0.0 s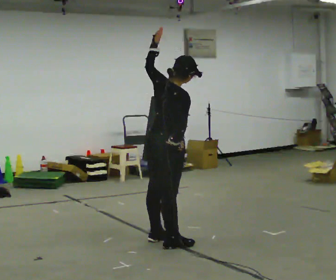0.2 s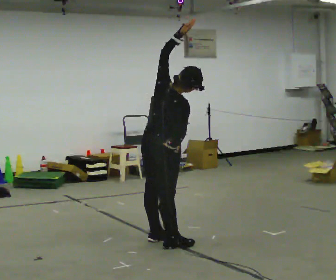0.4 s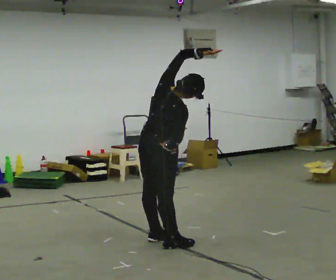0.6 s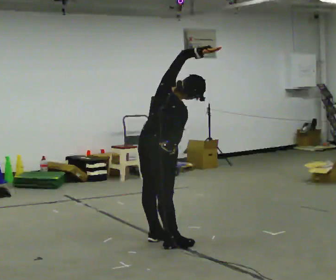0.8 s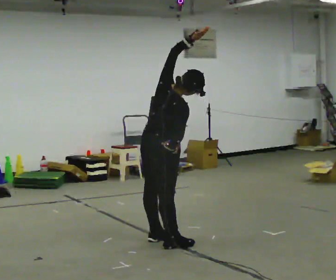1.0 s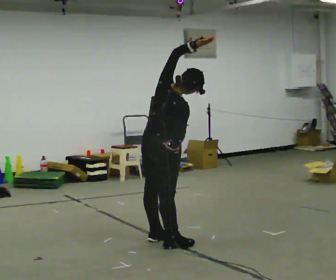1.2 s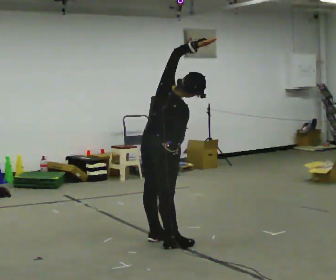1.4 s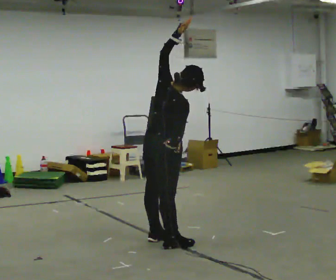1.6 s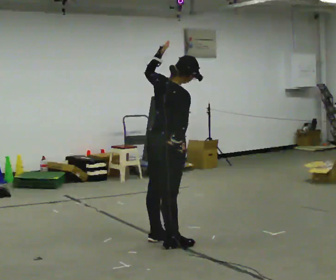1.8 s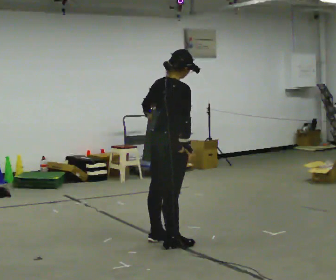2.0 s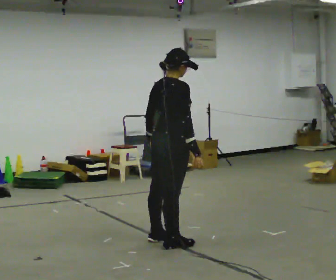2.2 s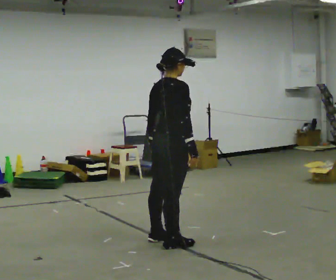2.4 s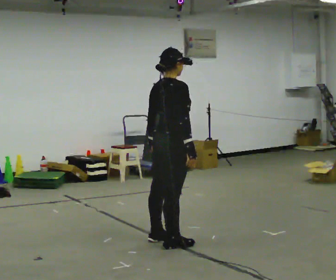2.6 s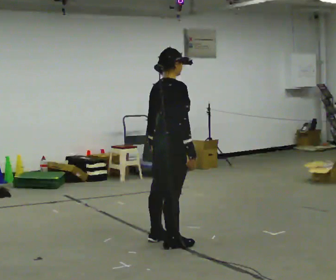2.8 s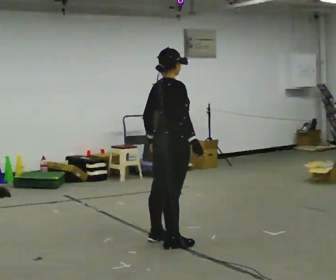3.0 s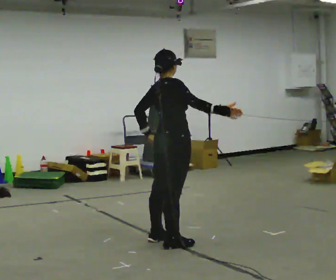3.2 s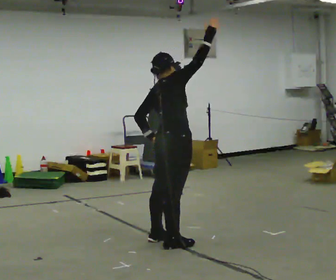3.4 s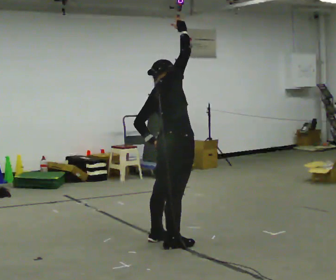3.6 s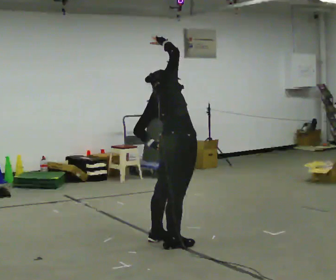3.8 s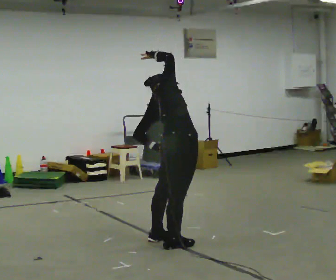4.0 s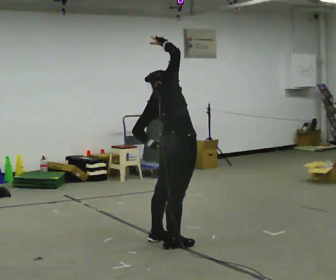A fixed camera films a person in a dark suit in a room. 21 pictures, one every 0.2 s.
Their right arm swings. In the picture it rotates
counterclockwise.
0.0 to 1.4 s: The person moves a little, or ends about where they began.
1.4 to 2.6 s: The upper body tips away from the camera, its near side rolling upward. In the picture their left hand goes downward.
2.6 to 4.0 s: The upper body tips away from the camera, its near side rolling upward. In the picture their right hand goes upward, the arm swinging counterclockwise.
The film runs forward here.
